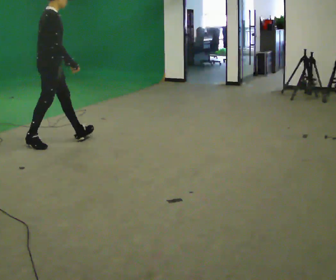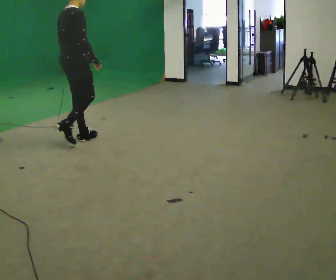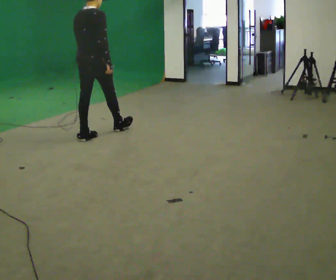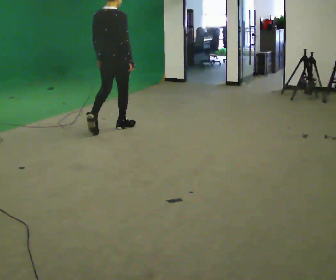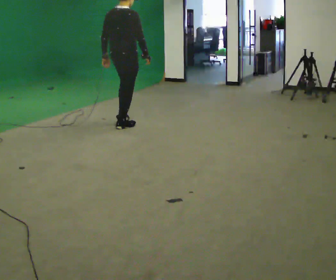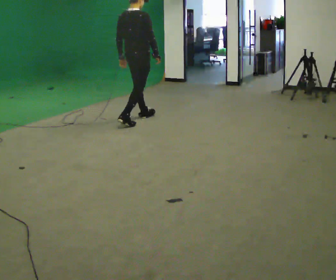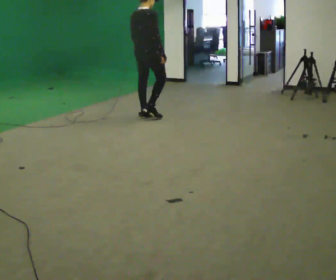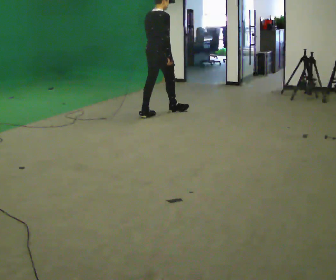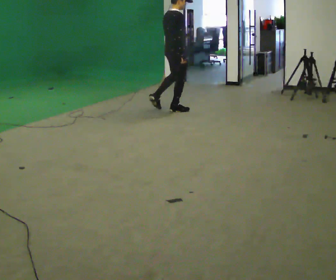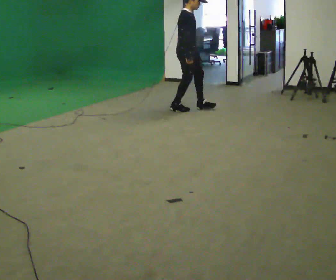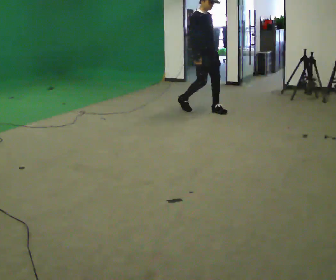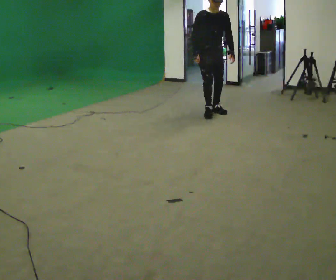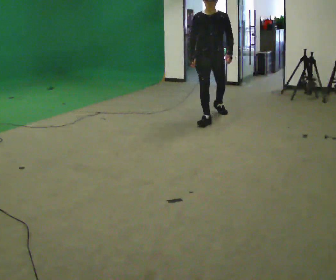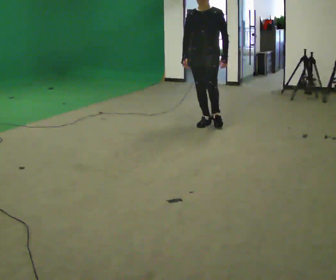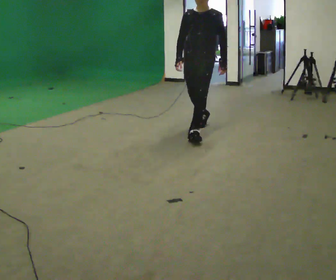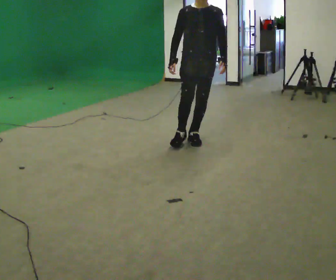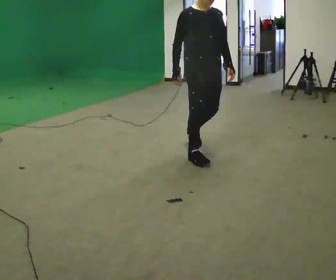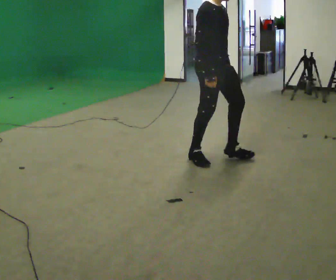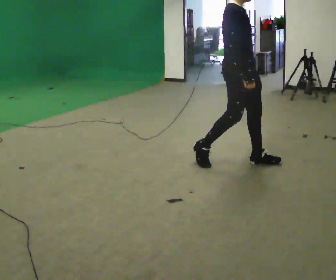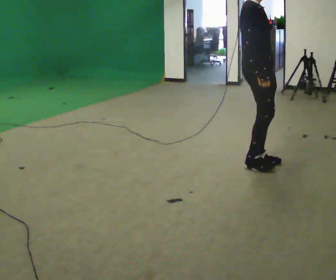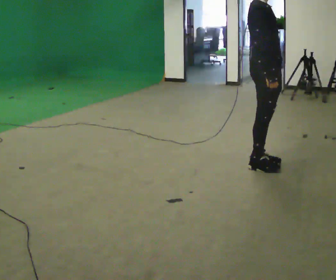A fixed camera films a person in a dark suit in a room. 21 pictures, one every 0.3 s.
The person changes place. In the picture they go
to the right.
0.0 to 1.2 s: Seen from above the body turns counterclockwise, about 30 degrees: to their left, with its near side sliding to the right. In the picture they go away from the camera and to the right, about 1 m in 2 steps, which for them is forward.
1.2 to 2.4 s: The person turns about 30 degrees to their right, clockwise seen from above, so the part of the body nearest the lens slides to the left. In the picture they go away from the camera and to the right, about 1 m in 2 steps, which for them is forward.
2.4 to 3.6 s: Seen from above the body turns clockwise, about 120 degrees: to their right, with its near side sliding to the left. In the picture they go to the right and toward the camera, about 0.5 m in 2 steps.
3.6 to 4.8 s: Seen from above the body turns counterclockwise, about 30 degrees: to their left, with its near side sliding to the right. In the picture they go toward the camera, about 1.5 m in 2 steps, which for them is forward.
4.8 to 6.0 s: Seen from above the body turns counterclockwise, about 45 degrees: to their left, with its near side sliding to the right. In the picture they go to the right and toward the camera, about 0.75 m in 2 steps, which for them is forward.
The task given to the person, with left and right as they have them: Walk continuously ~15 s; naturally alternate slow/normal/fast several times; no stop.
The film runs forward here.
